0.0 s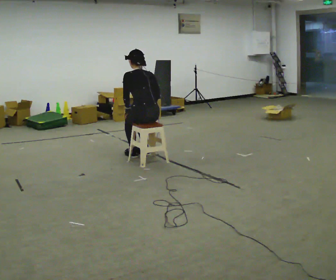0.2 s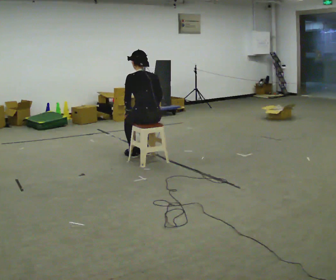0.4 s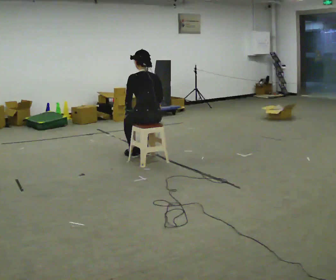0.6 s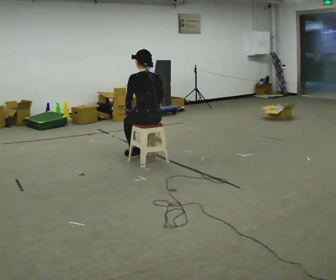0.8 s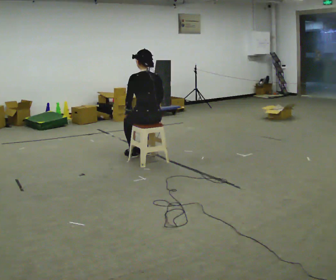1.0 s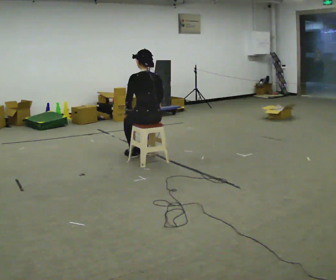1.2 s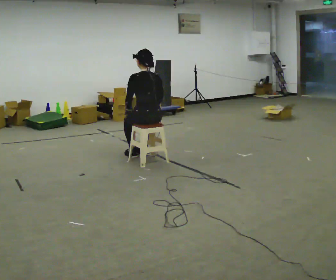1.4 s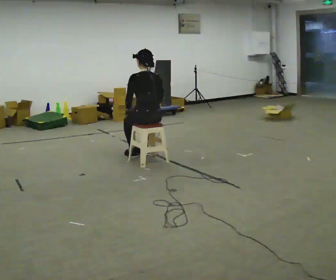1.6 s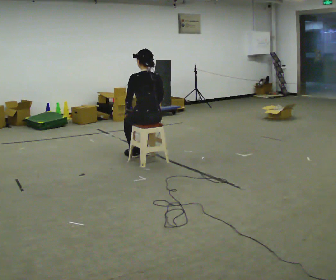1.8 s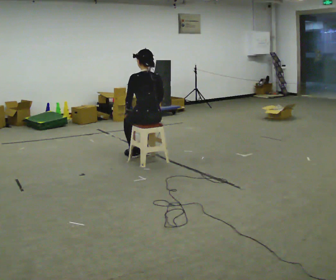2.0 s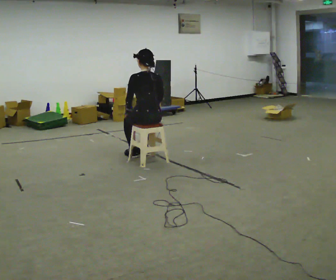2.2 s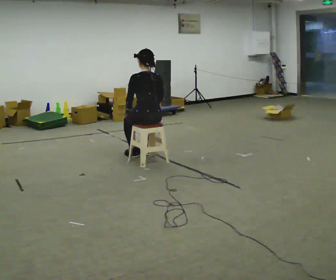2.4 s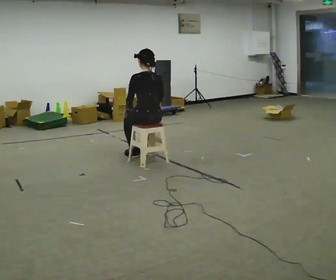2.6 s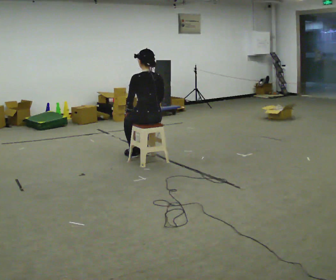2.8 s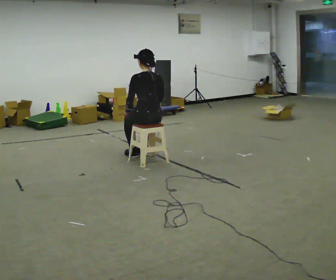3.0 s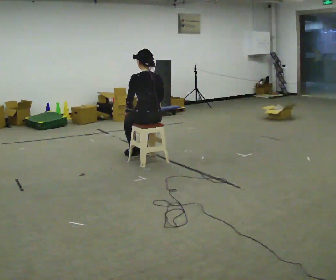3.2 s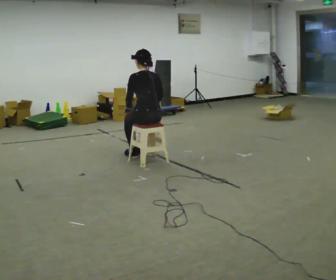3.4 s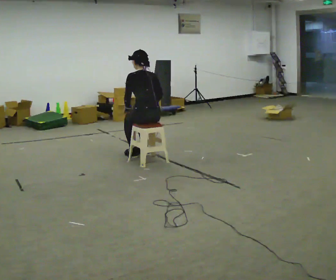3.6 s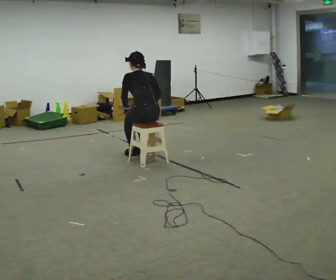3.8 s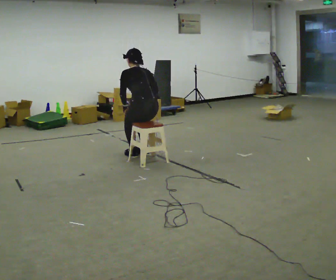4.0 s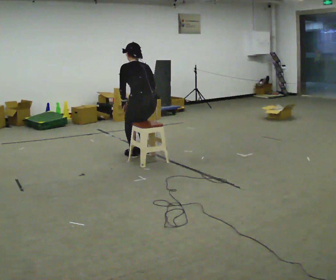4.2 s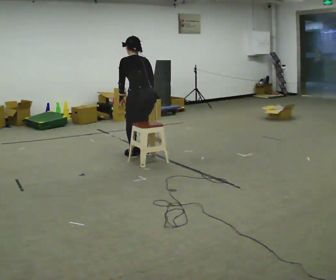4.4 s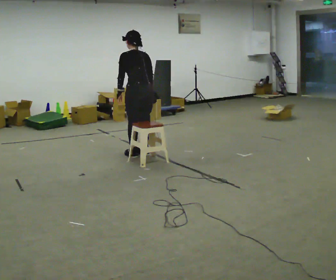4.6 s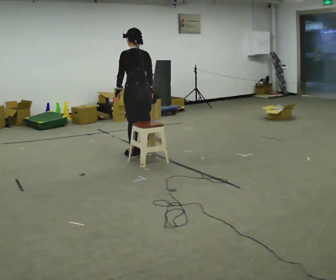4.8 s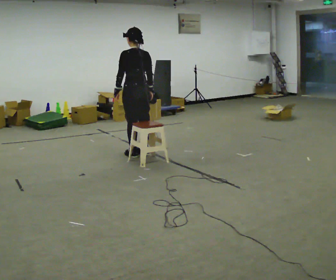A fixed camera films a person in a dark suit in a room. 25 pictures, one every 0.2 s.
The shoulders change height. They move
upward.
0.0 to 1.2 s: The upper body tips toward the camera, its near side rolling downward, as they lean back or straighten.
1.2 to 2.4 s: The person moves a little, or ends about where they began.
2.4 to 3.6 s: The upper body tips away from the camera, its near side rolling upward, as they bend forward.
3.6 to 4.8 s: In the picture they go away from the camera, about 0.25 m, which for them is forward. The shoulders move upward.
The film runs backward here.
